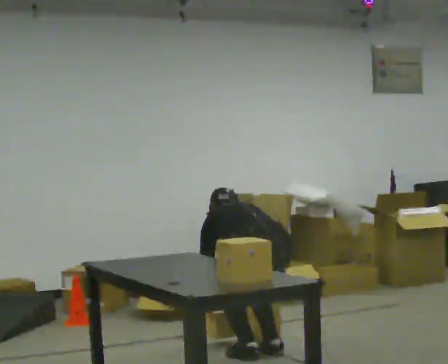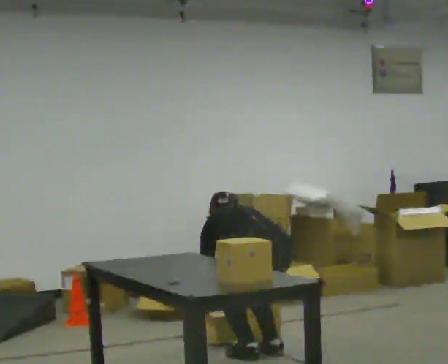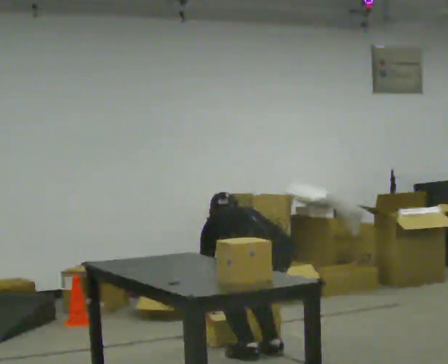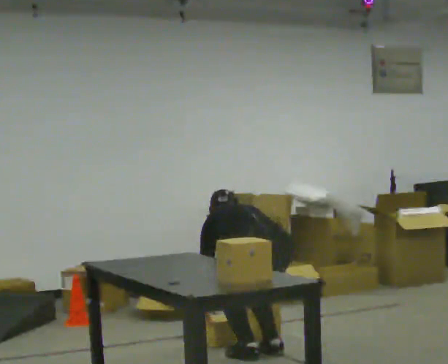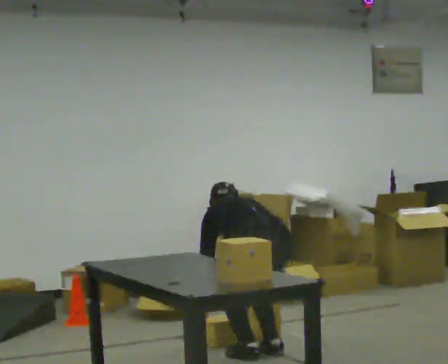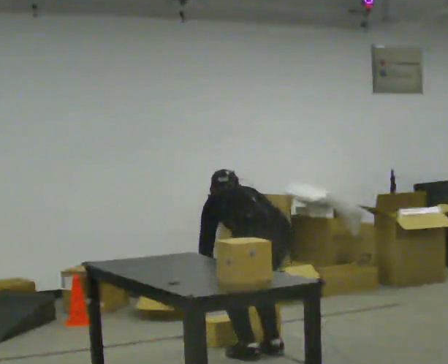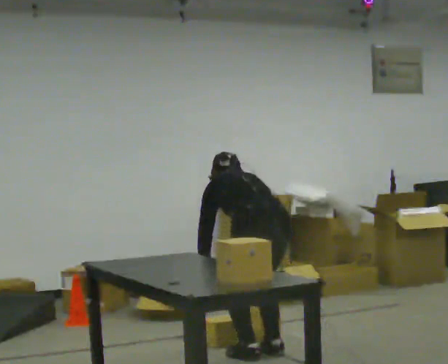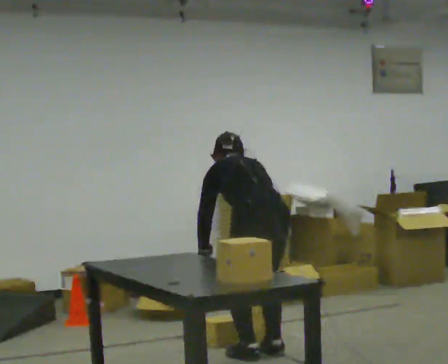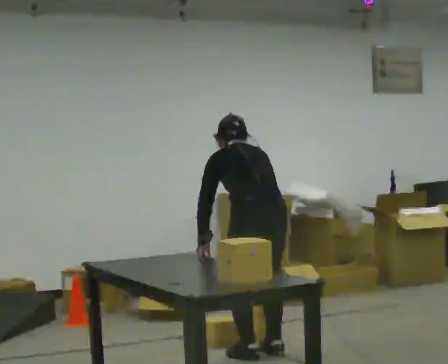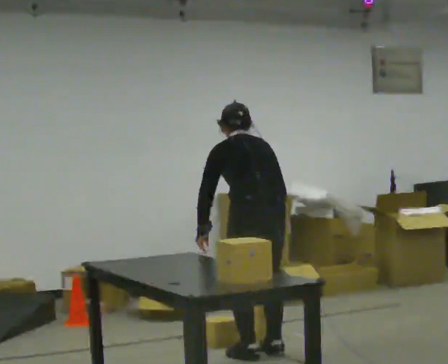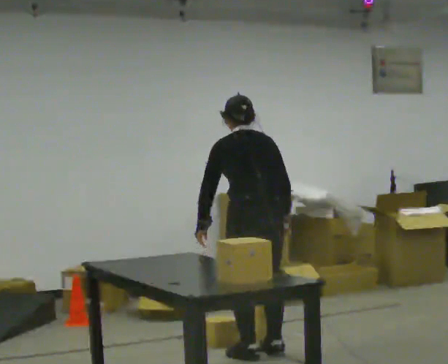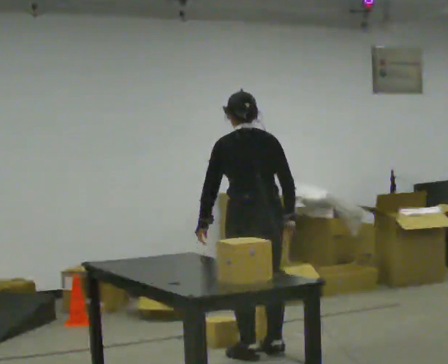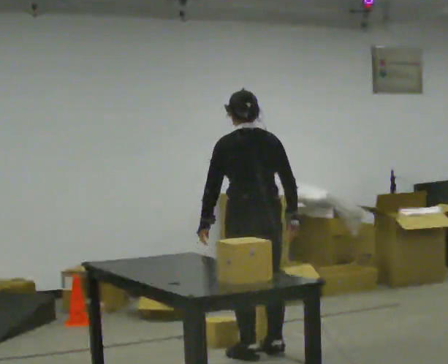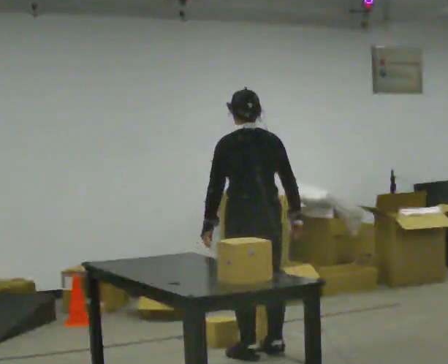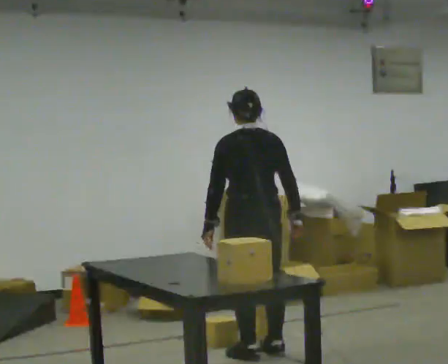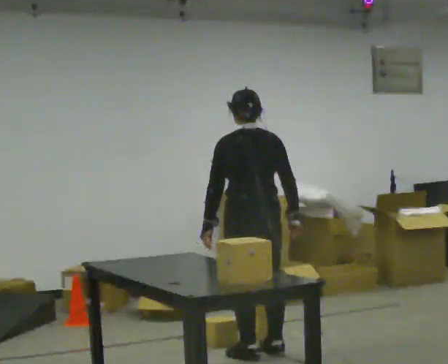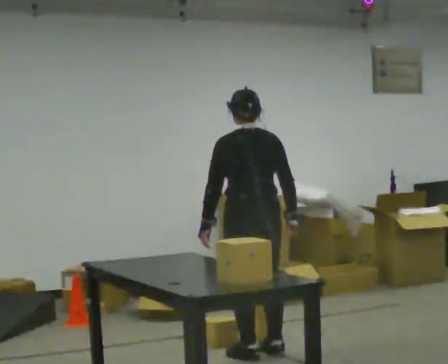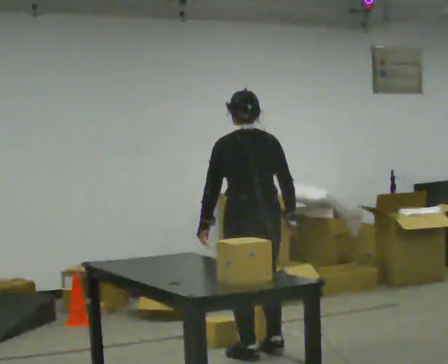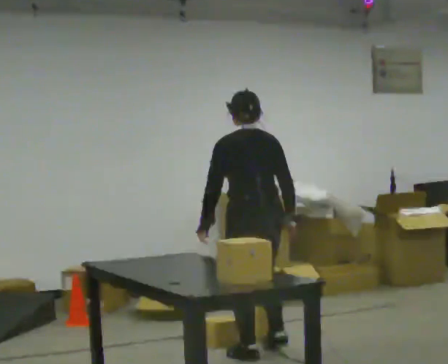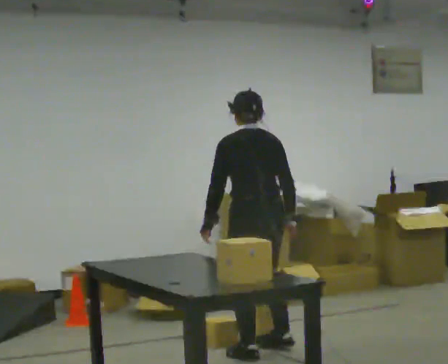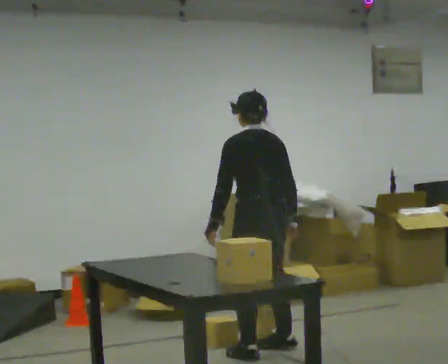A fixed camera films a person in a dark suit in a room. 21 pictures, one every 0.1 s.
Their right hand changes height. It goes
upward.
The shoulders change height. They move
upward.
0.0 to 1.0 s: The shoulders move upward. The upper body tips toward the camera, its near side rolling downward, as they lean back or straighten. In the picture their right hand goes upward.
1.0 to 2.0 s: The person moves a little, or ends about where they began.
The film runs forward here.
